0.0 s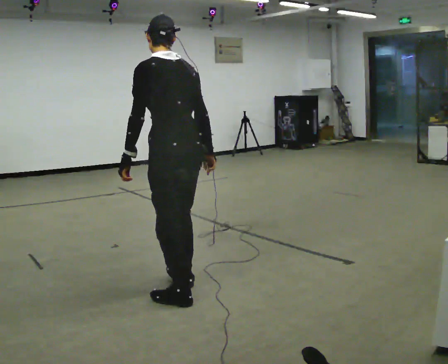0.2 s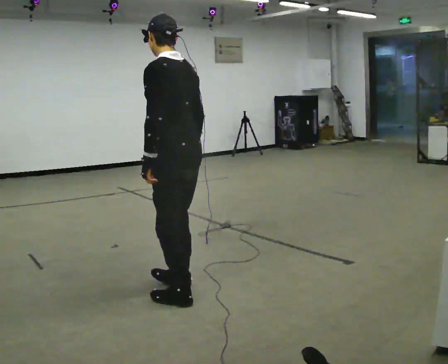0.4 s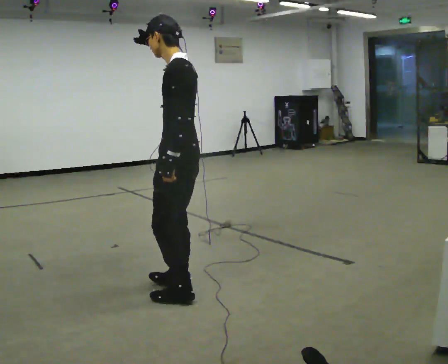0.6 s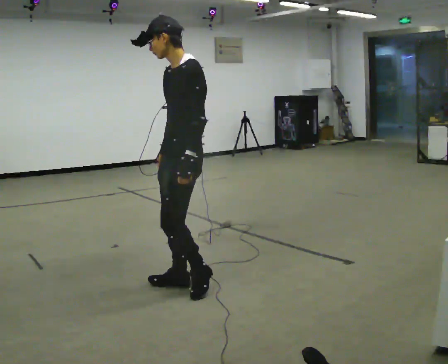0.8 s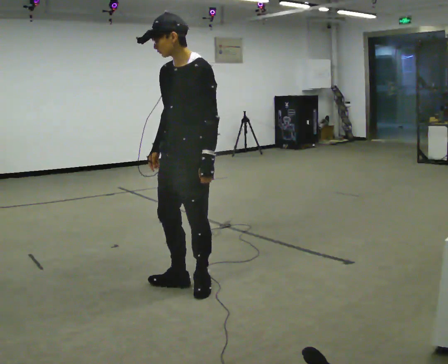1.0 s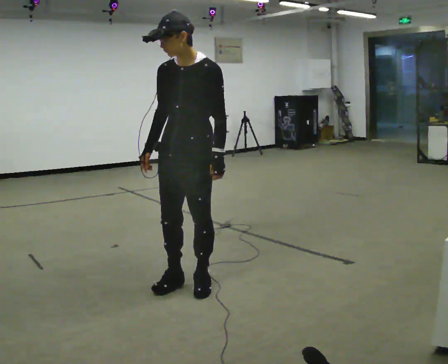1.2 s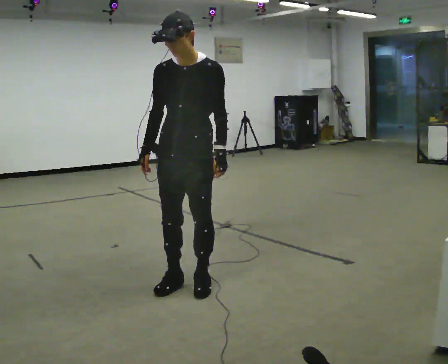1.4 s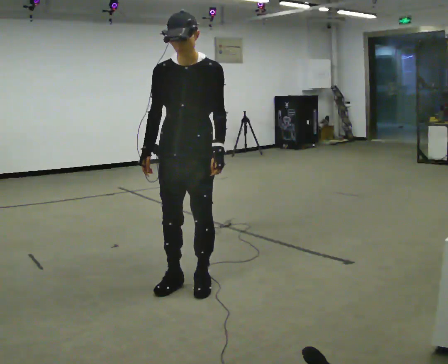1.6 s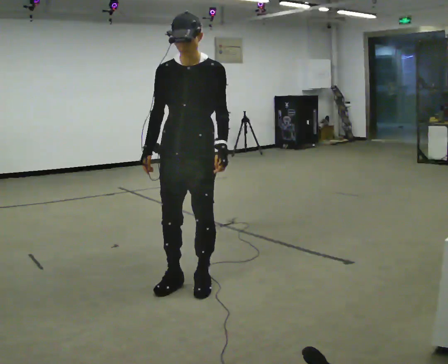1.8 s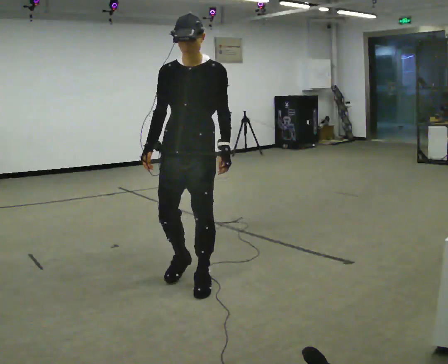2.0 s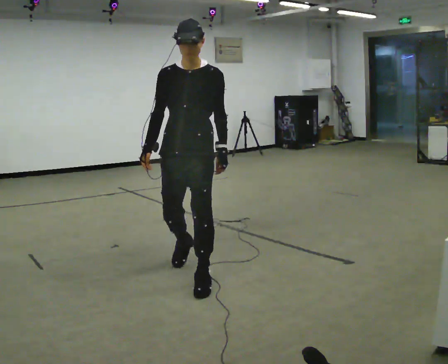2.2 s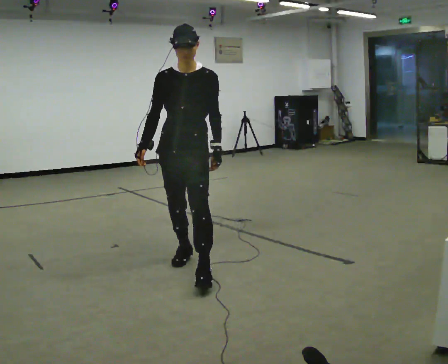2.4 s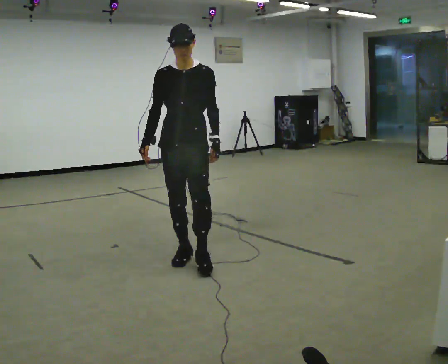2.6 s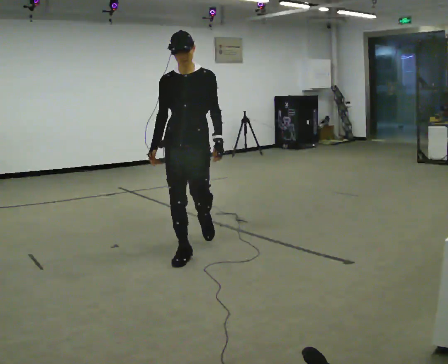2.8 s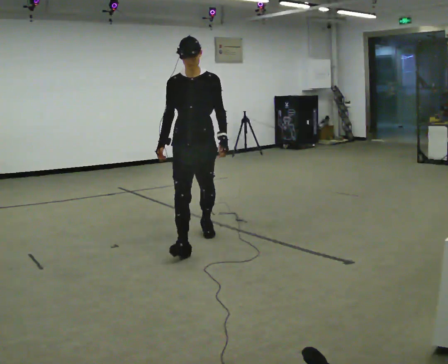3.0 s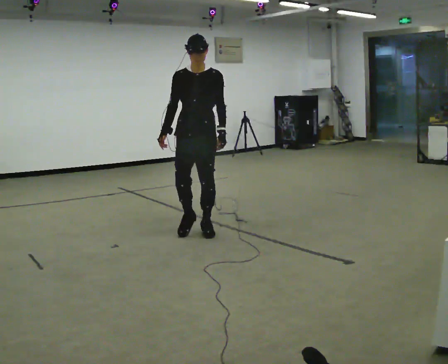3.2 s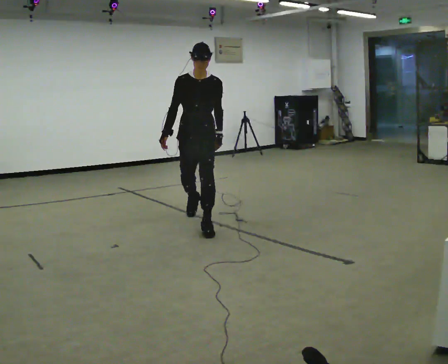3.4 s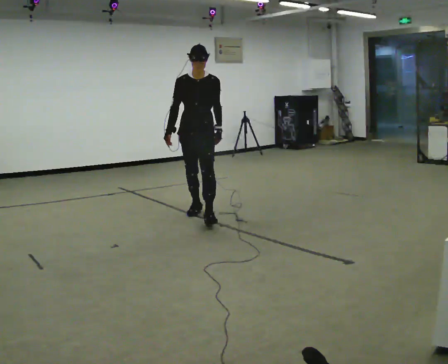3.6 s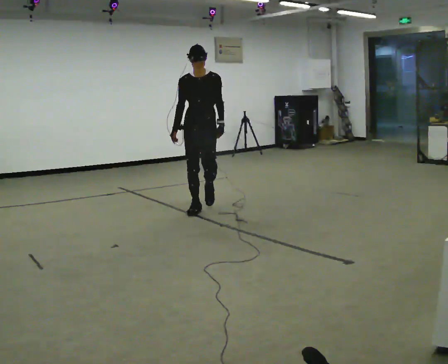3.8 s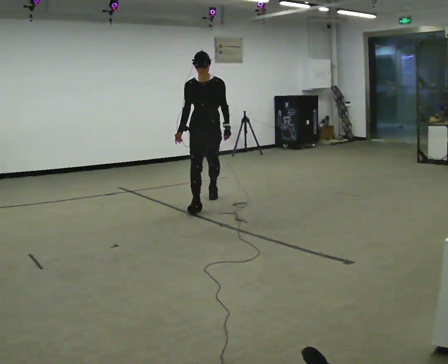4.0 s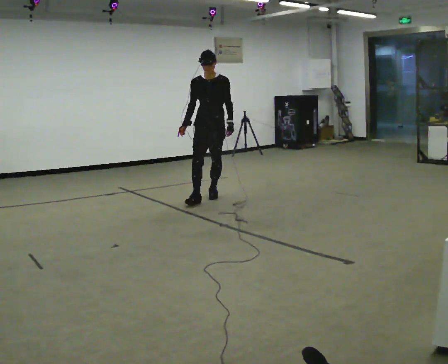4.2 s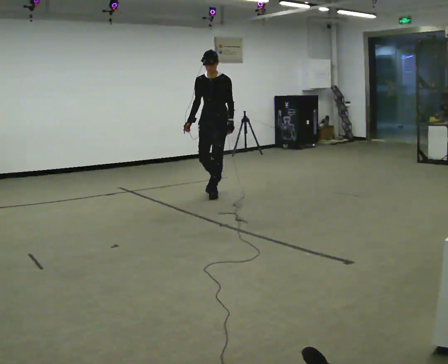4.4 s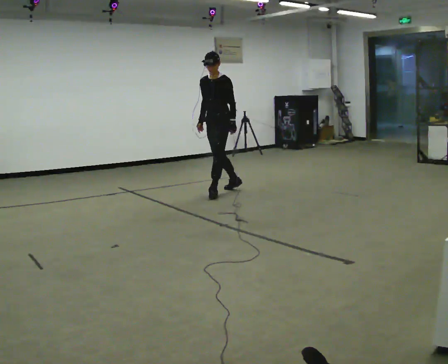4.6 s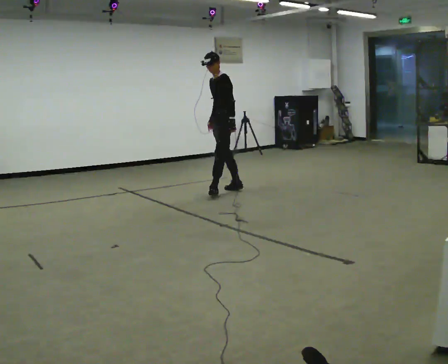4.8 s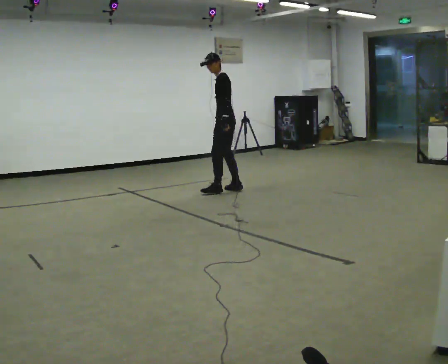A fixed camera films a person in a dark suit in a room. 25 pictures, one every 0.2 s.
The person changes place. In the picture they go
away from the camera.
0.0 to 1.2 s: The part of the body nearest the lens slides to the right as the person turns to their left by about 120 degrees. In the picture they go away from the camera, about 0.25 m in 1 step. In the picture their right hand goes to the left, the arm swinging clockwise.
1.2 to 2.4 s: In the picture they go away from the camera, about 0.5 m in 2 steps, which for them is backward.
2.4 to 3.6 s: In the picture they go away from the camera, about 1.5 m in 2 steps, which for them is backward.
3.6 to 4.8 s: The part of the body nearest the lens slides to the left as the person turns to their right by about 90 degrees. In the picture they go away from the camera and to the right, about 1 m in 2 steps. The upper body tips away from the camera, its near side rolling upward.
The film runs backward here.
